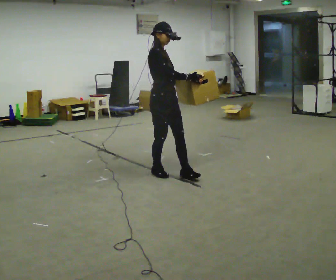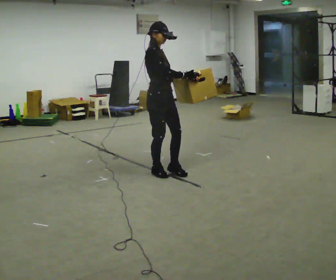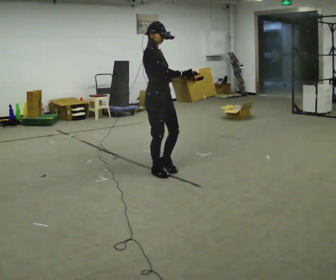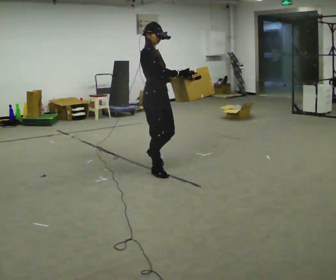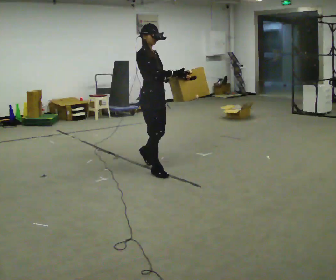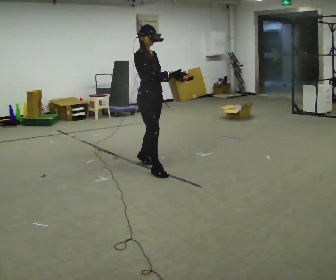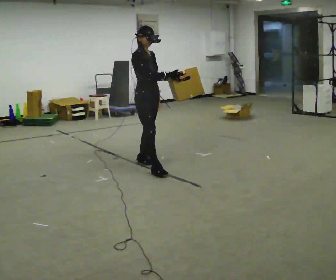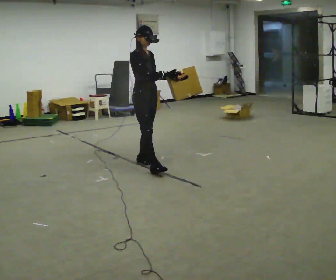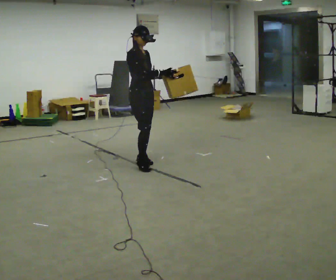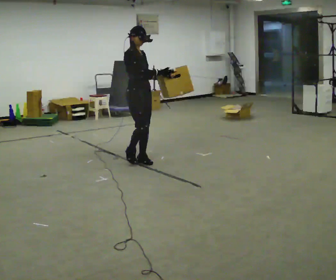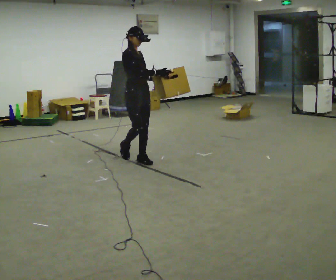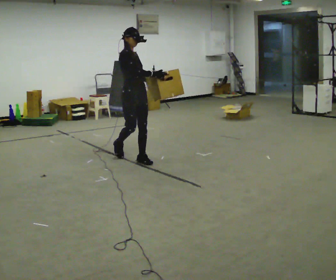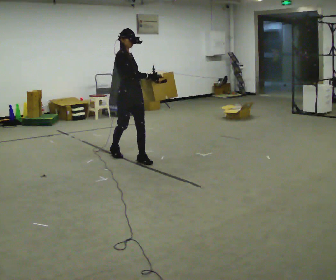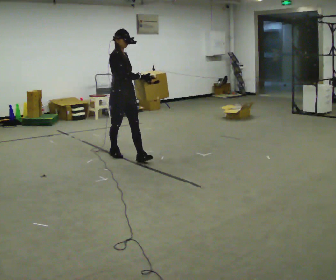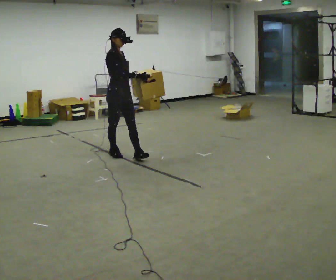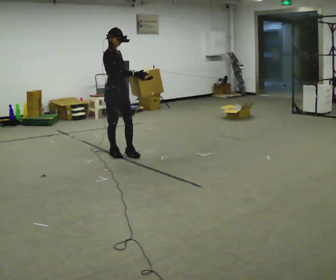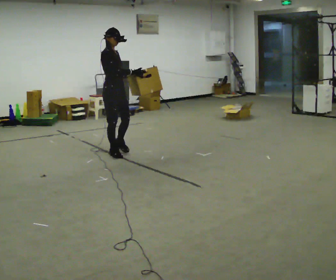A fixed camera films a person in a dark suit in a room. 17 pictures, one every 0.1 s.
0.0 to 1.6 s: In the picture they go away from the camera and to the left, about 1 m in 2 steps, which for them is backward.
The film runs backward here.
